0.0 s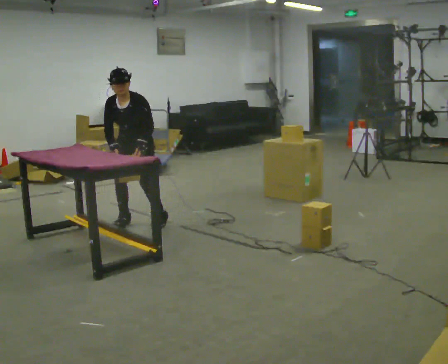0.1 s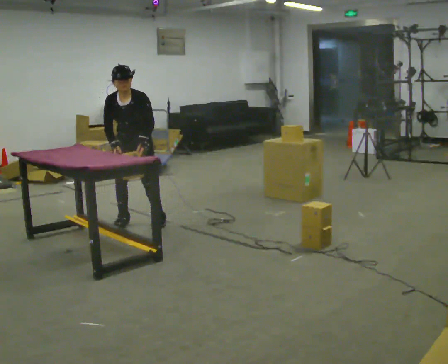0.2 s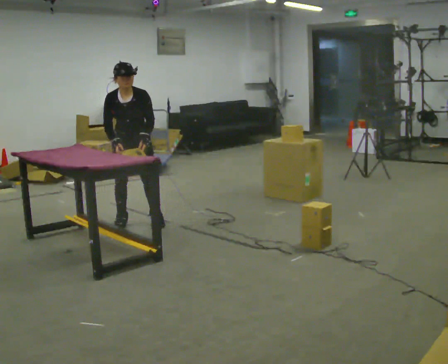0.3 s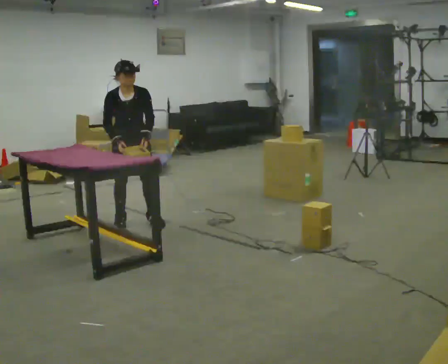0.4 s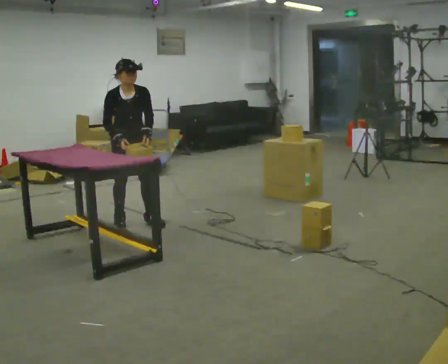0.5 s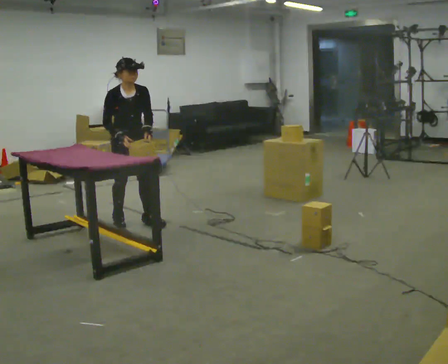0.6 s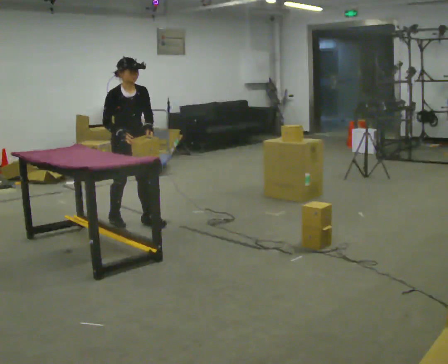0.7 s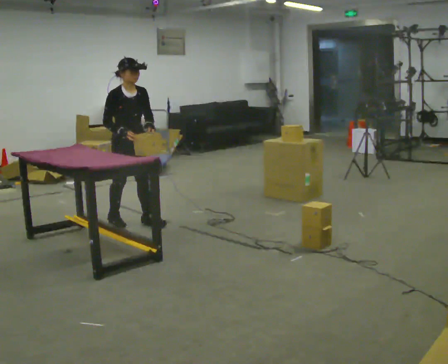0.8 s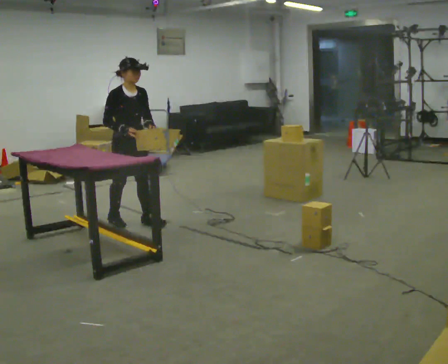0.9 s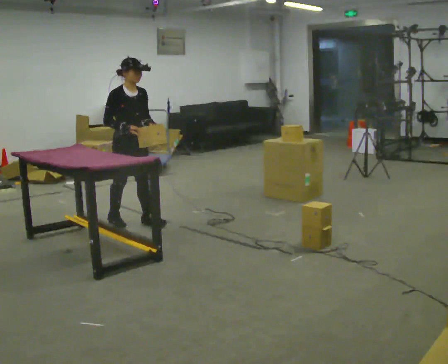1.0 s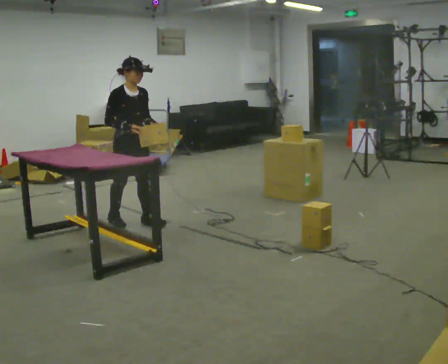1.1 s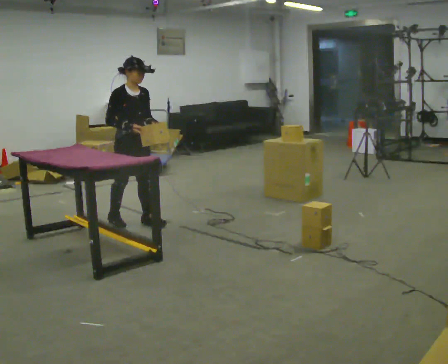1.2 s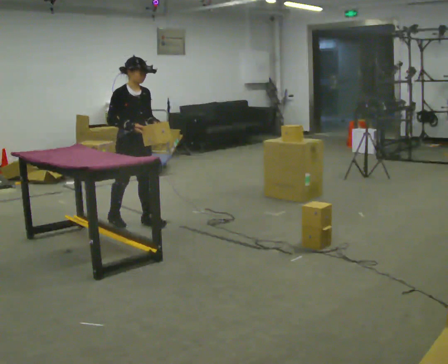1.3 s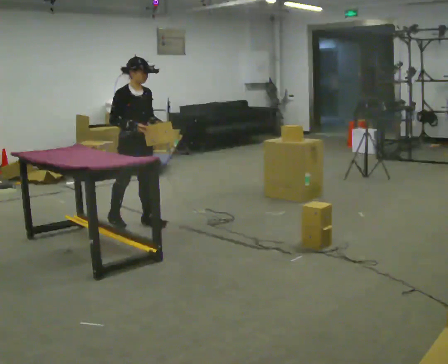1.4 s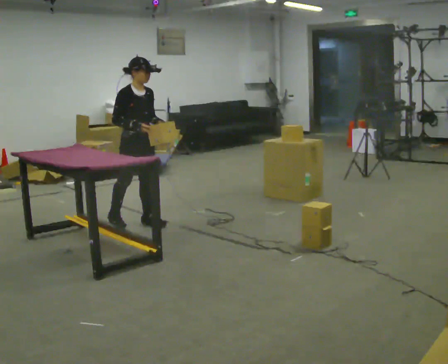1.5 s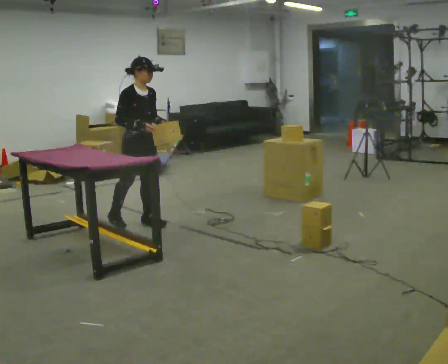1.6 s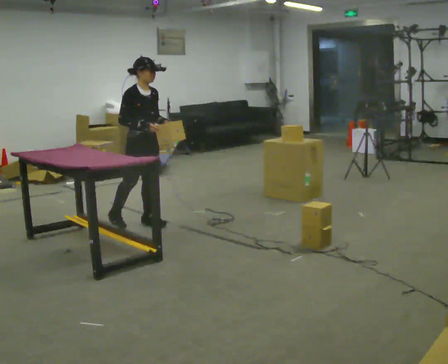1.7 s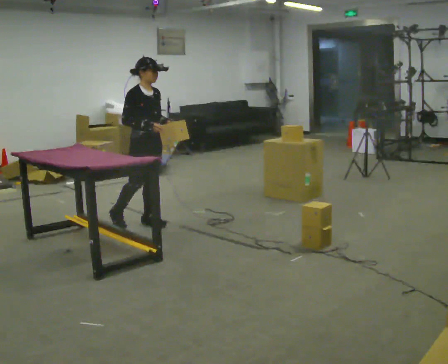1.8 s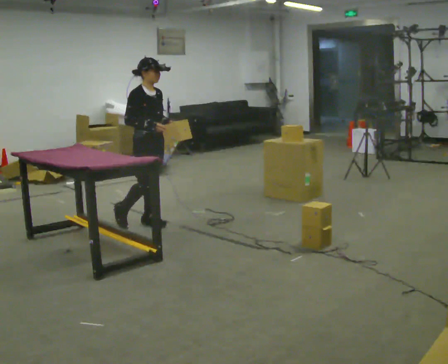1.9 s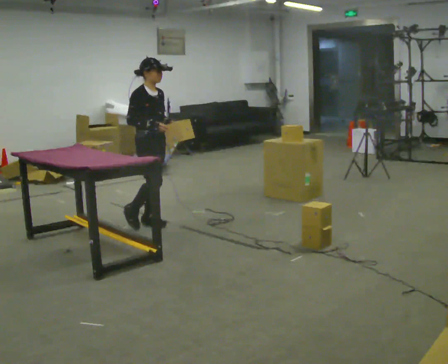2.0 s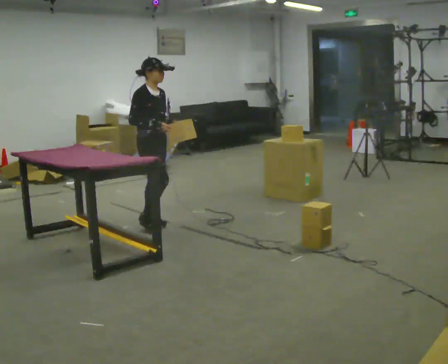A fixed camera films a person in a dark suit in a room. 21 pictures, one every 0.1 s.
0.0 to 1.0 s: The part of the body nearest the lens slides to the right as the person turns to their left by about 60 degrees. The upper body tips away from the camera, its near side rolling upward, as they lean back or straighten.
1.0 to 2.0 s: In the picture they go to the right, about 0.25 m, which for them is forward.
The film runs forward here.
